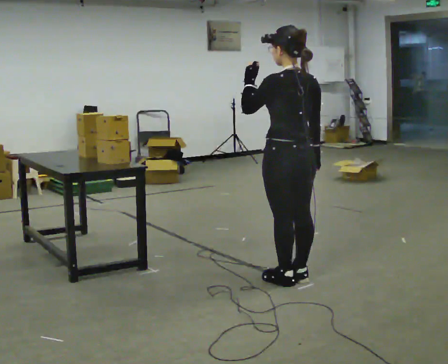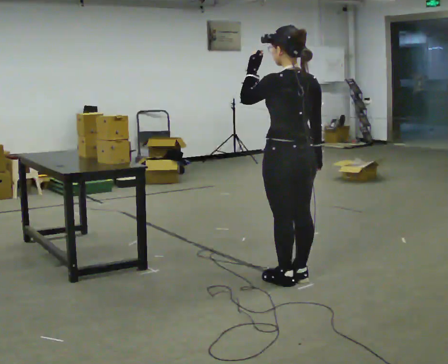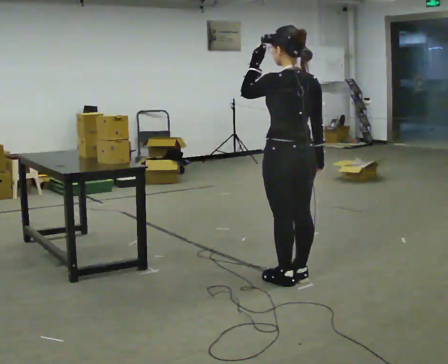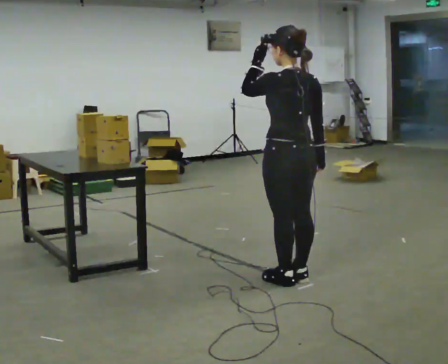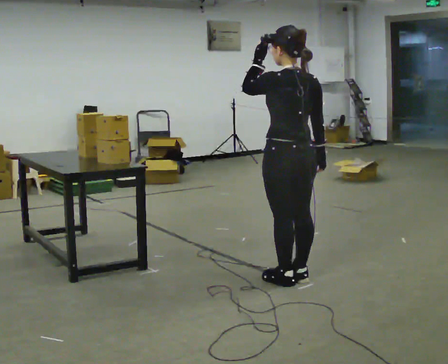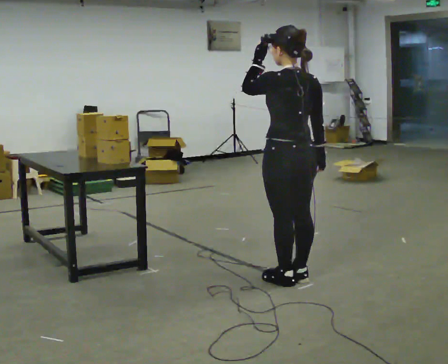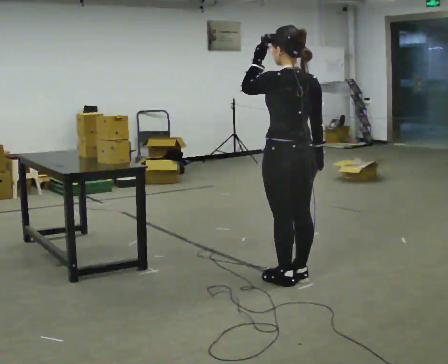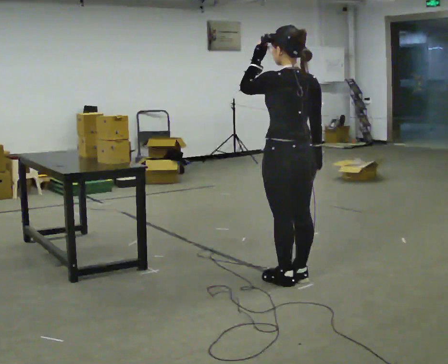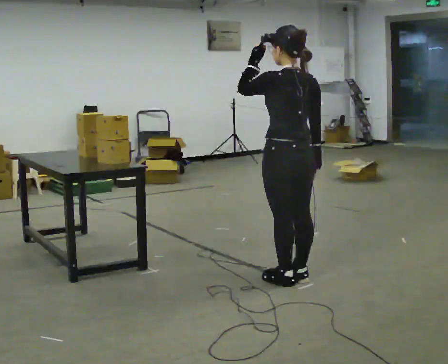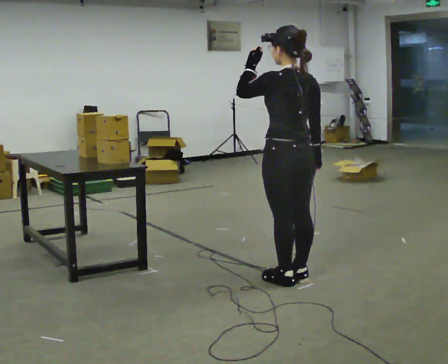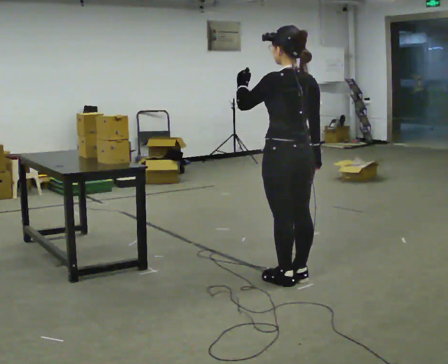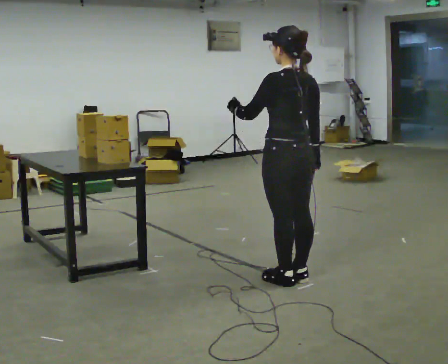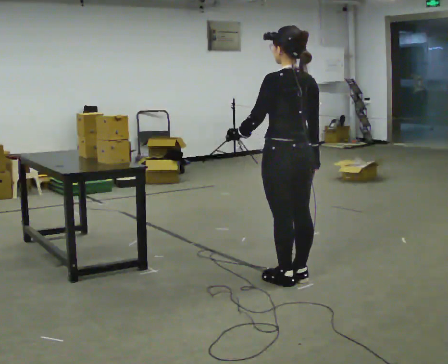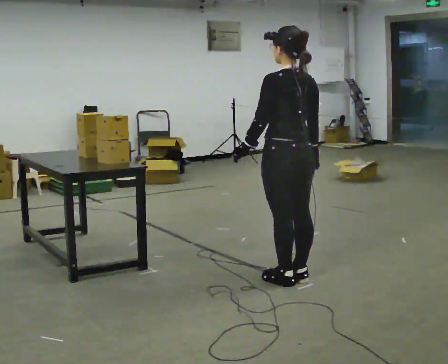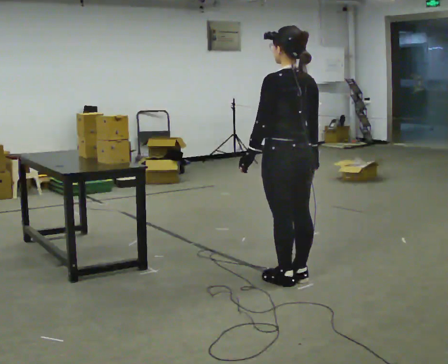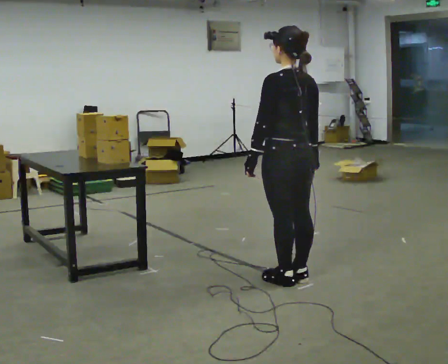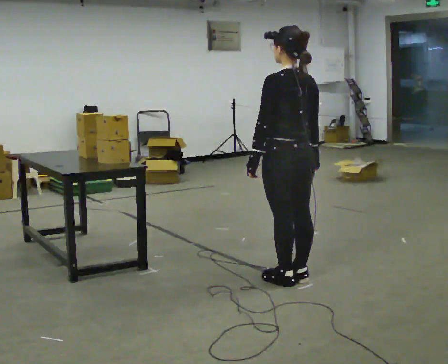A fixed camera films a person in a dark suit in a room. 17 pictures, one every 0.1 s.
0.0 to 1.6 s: In the picture their left hand goes downward.
The film runs backward here.
